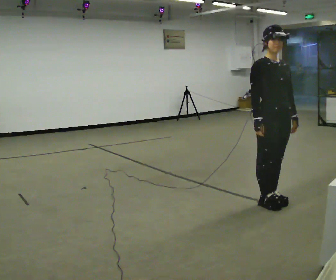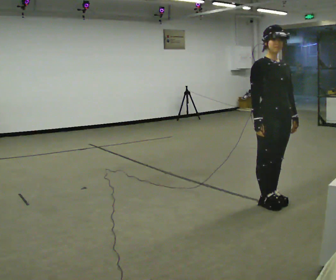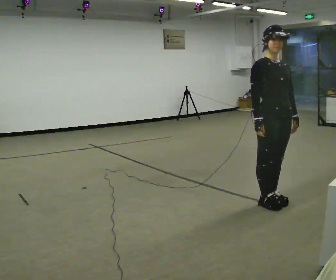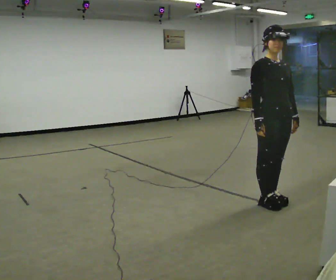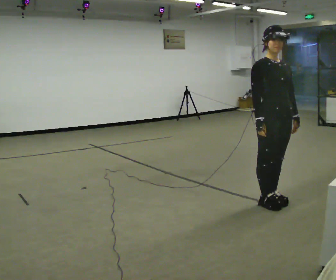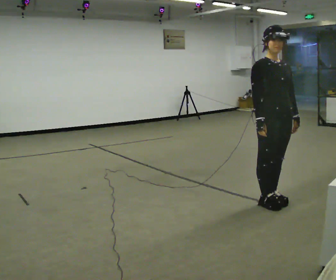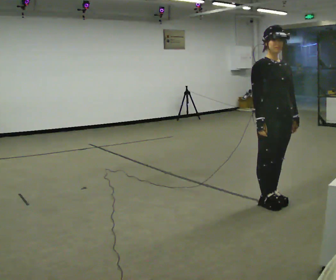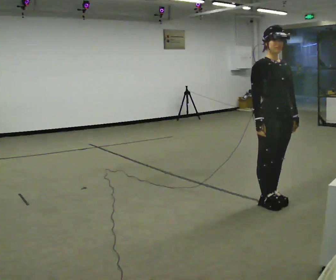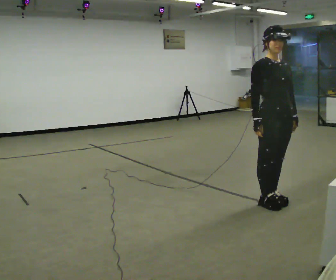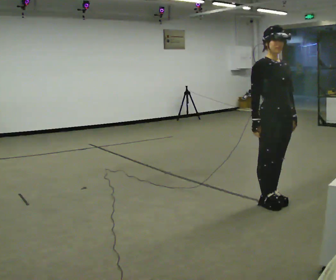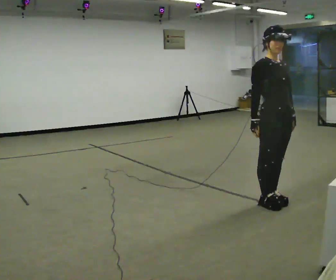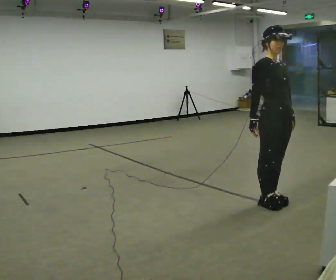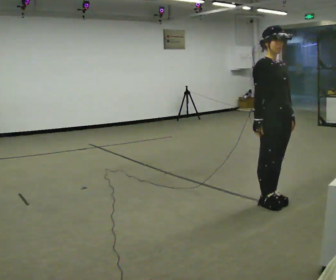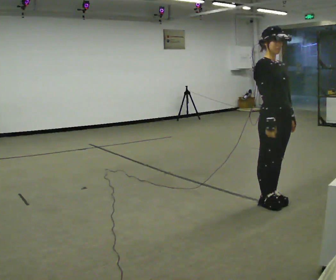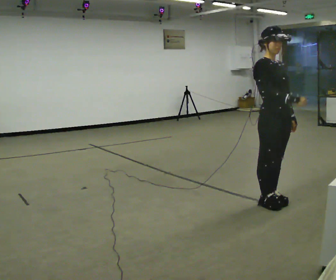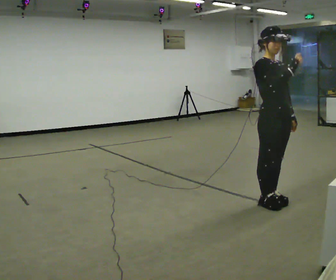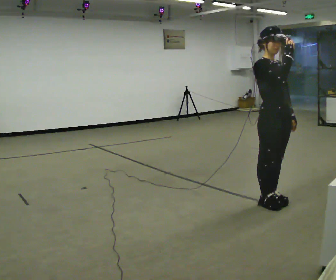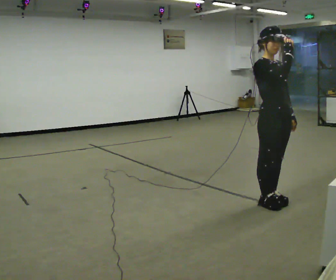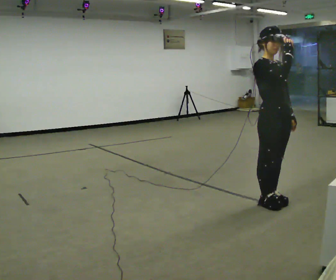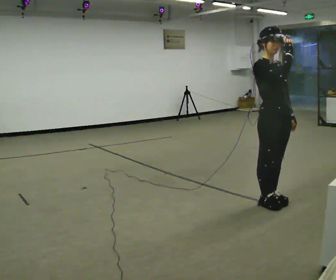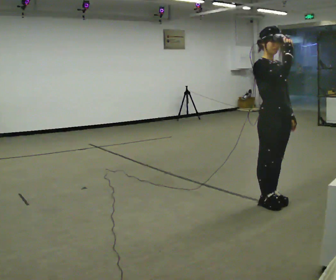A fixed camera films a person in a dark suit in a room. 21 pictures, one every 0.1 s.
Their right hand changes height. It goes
upward.
0.0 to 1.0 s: The person moves a little, or ends about where they began.
1.0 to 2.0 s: In the picture their right hand goes upward.
The film runs backward here.
